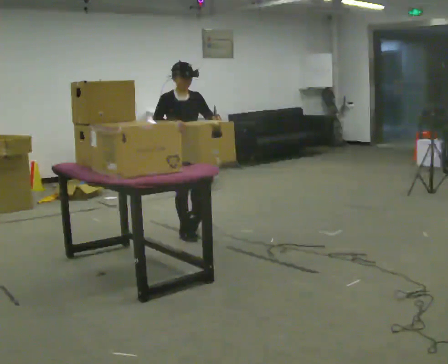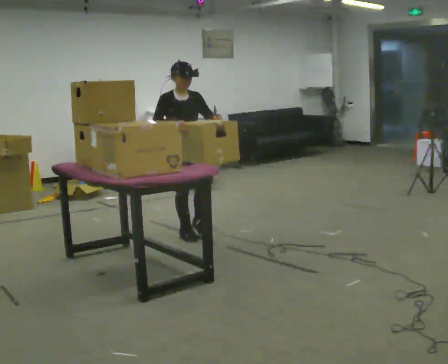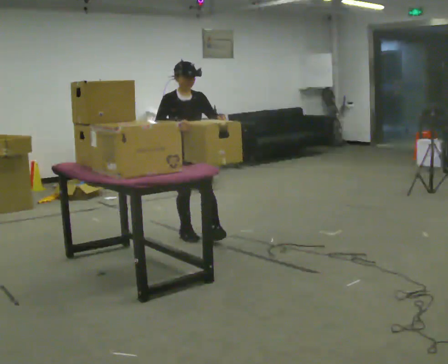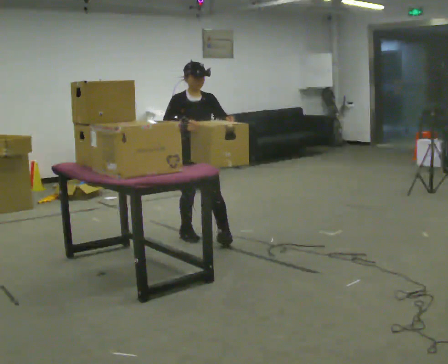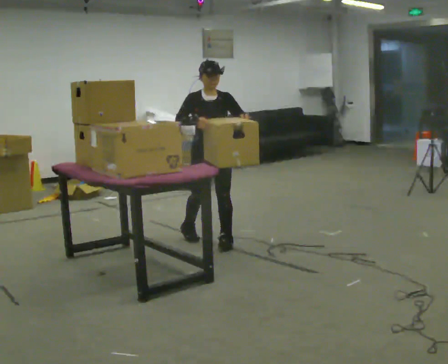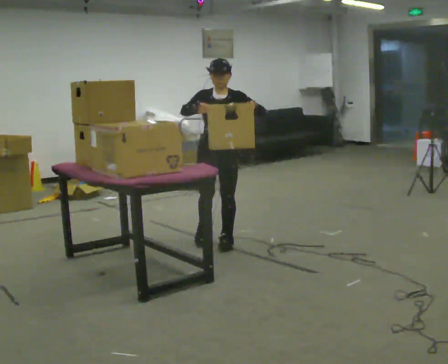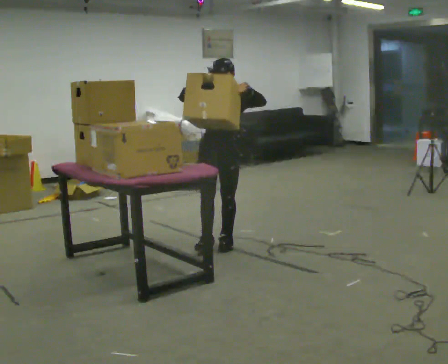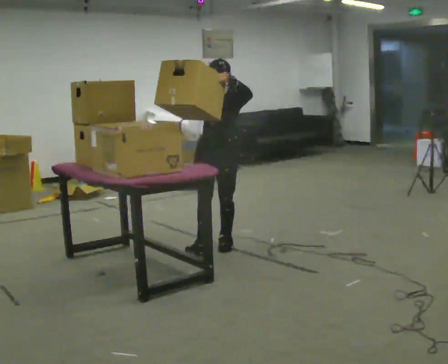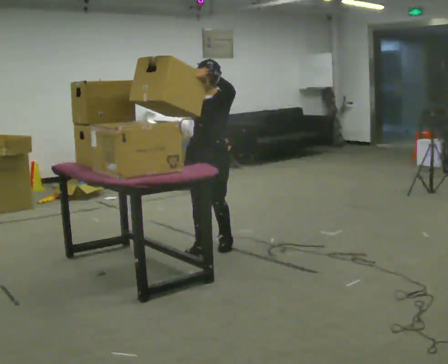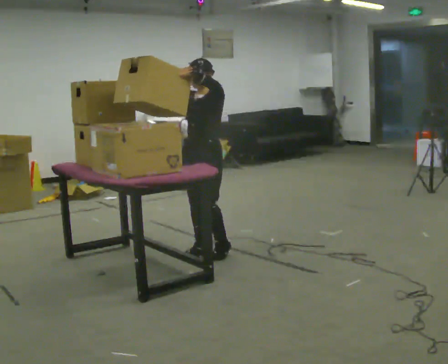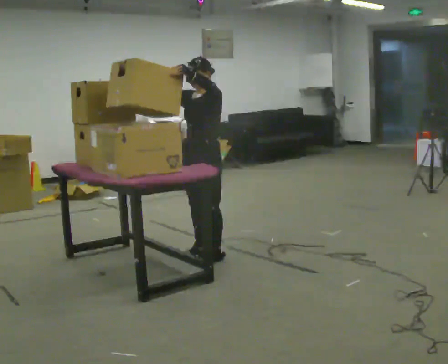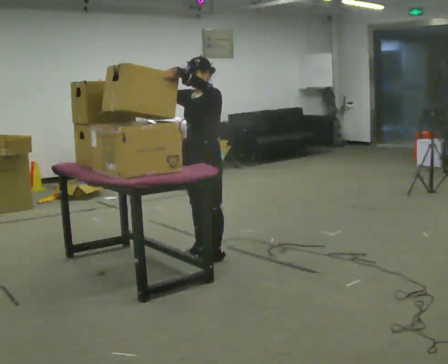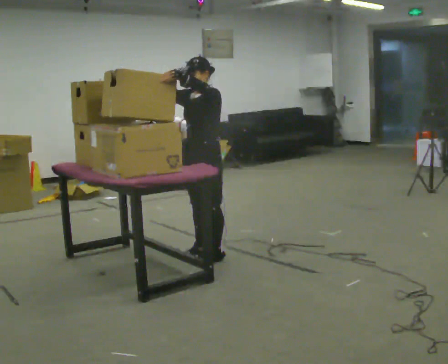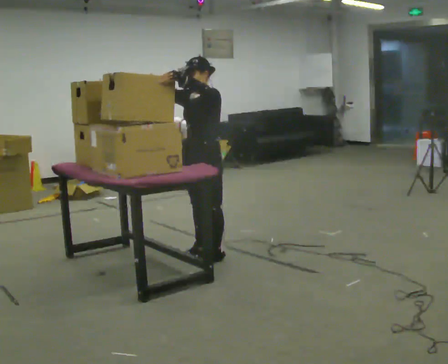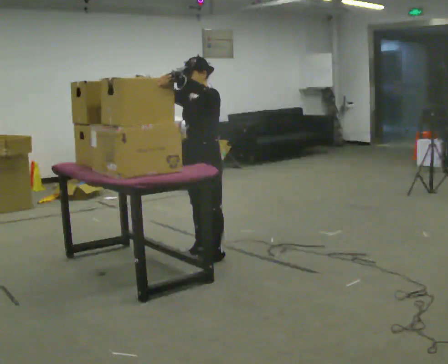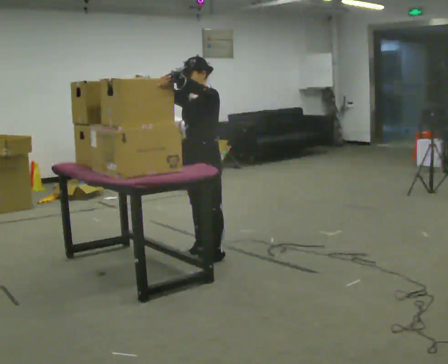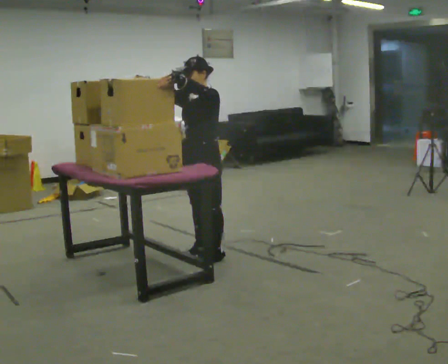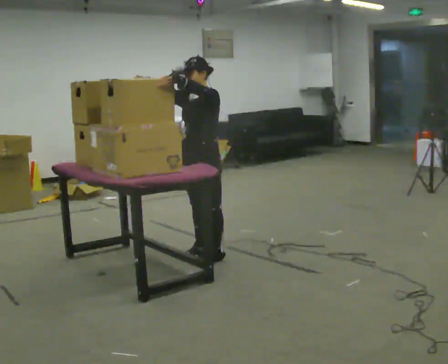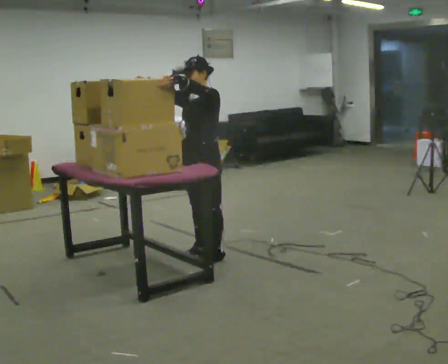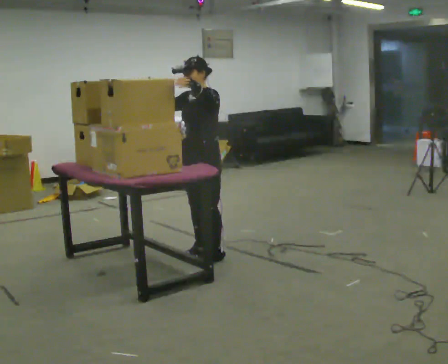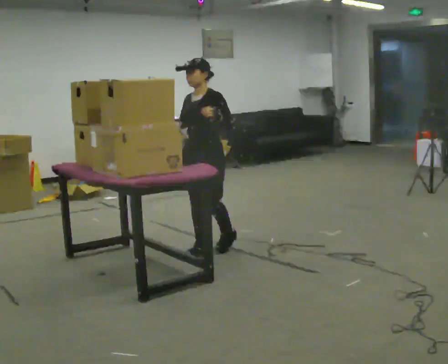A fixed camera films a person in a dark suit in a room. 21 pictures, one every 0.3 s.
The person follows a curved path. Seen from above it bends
clockwise.
0.0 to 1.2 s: In the picture they go toward the camera and to the right, about 0.25 m in 1 step, which for them is forward.
1.2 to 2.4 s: The part of the body nearest the lens slides to the left as the person turns to their right by about 45 degrees. In the picture they go toward the camera, about 0.25 m in 1 step, which for them is forward. In the picture their left hand goes upward.
2.4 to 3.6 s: In the picture they go toward the camera, about 0.25 m in 1 step, which for them is forward.
3.6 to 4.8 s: The person moves a little, or ends about where they began.
4.8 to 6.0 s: In the picture their right hand goes downward.
The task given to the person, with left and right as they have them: Take boxes off the top of the stack one at a time and carry them away, walking back for each one. Keep going until the operator says stop; one object at a time, and do not rush between trips.
The film runs forward here.
